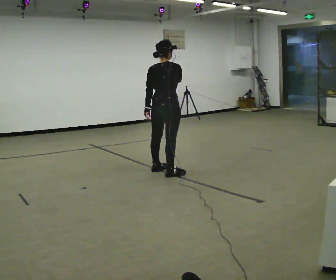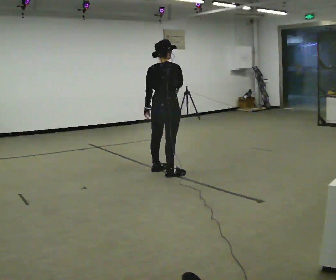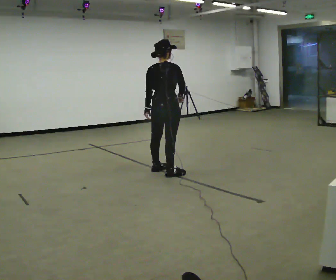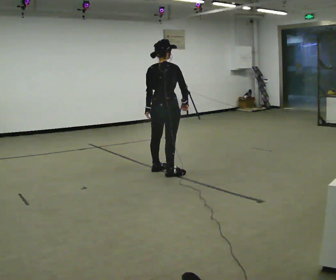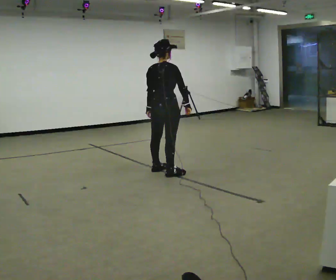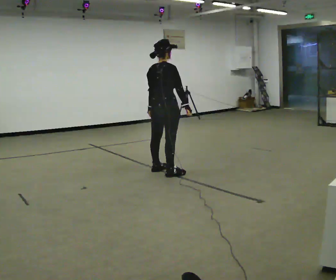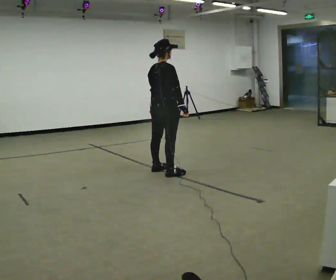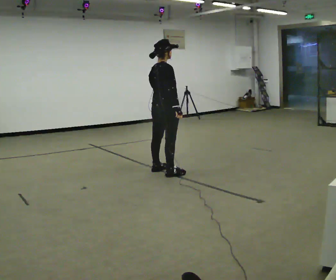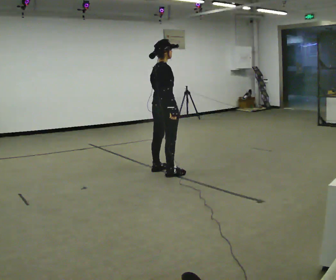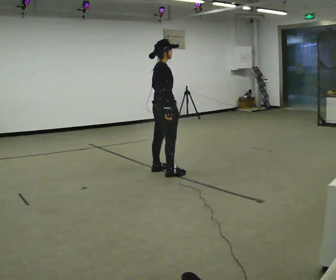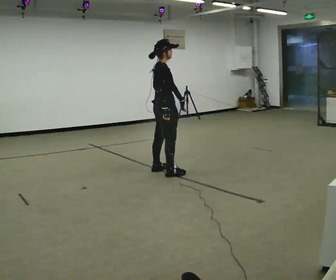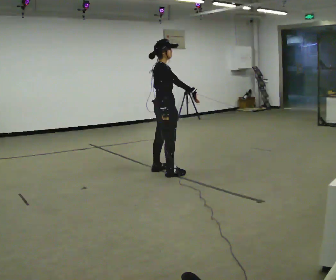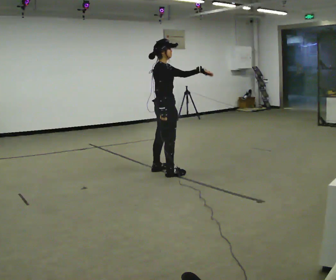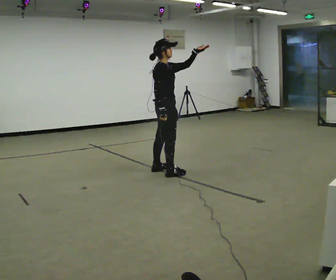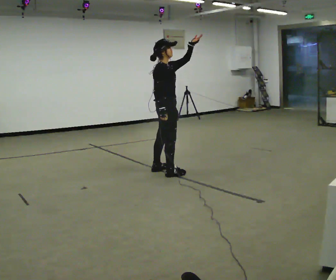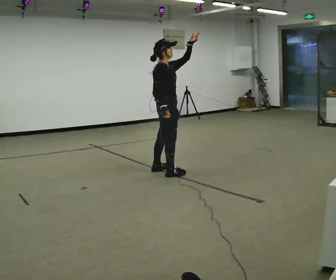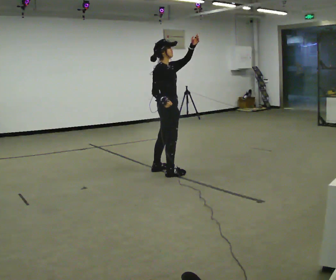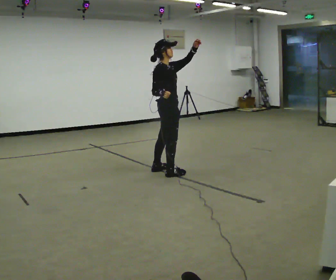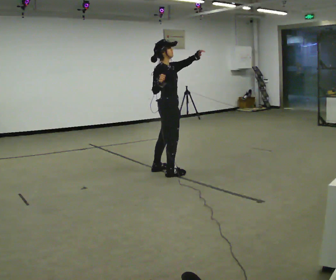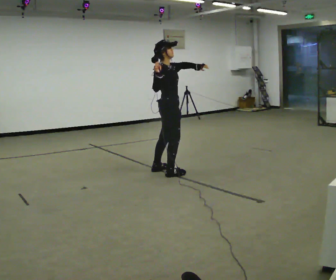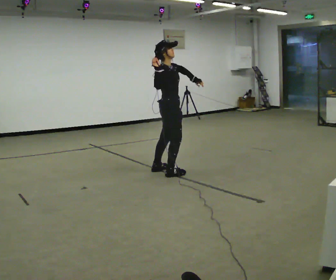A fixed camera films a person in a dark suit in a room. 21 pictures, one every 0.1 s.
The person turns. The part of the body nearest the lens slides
to the left.
The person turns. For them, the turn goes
to their right.
0.0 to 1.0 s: Seen from above the body turns clockwise, about 60 degrees: to their right, with its near side sliding to the left.
1.0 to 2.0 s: In the picture their right hand goes upward.
The film runs forward here.
